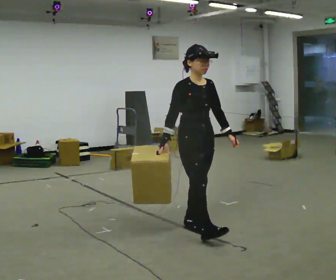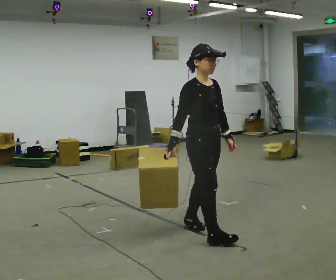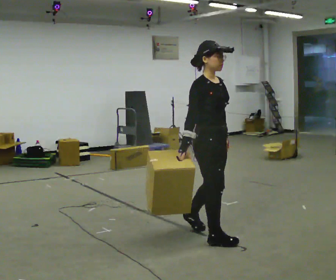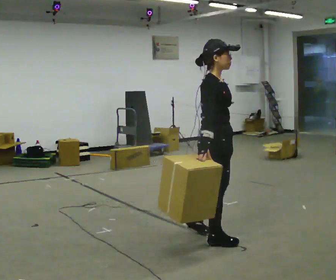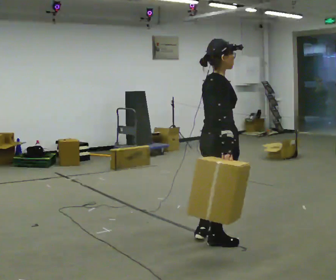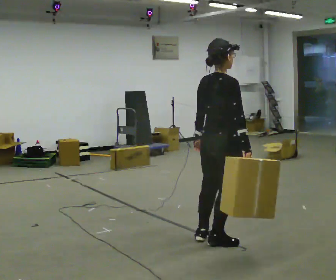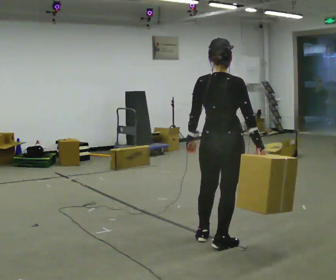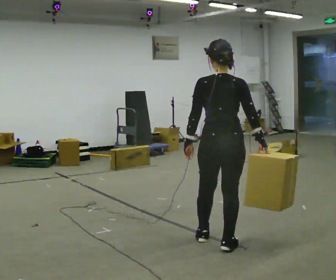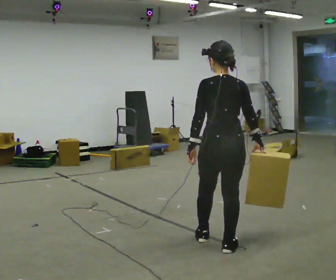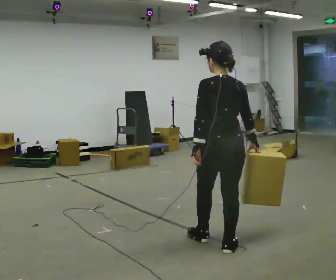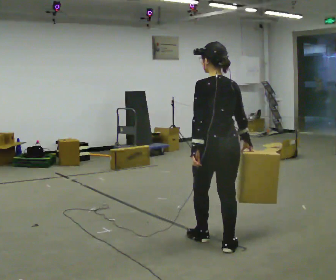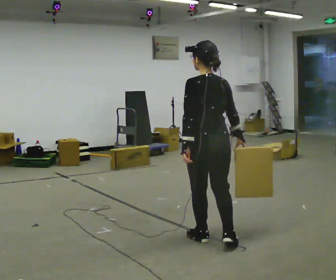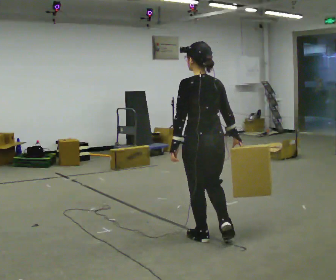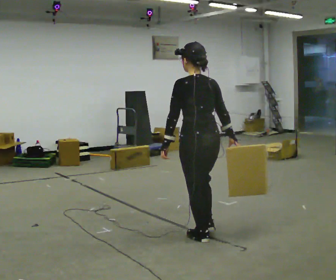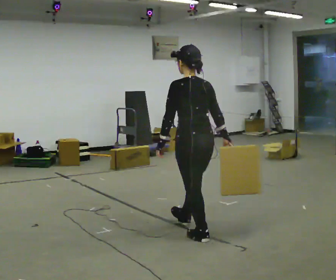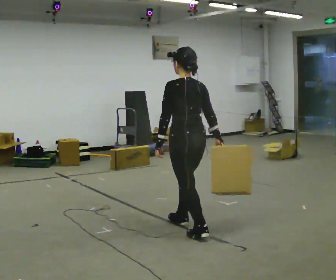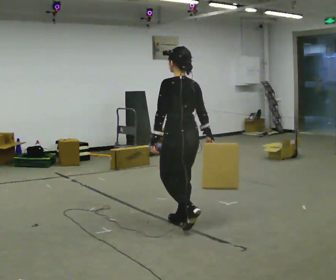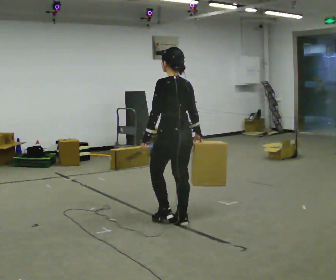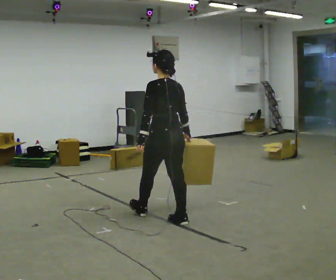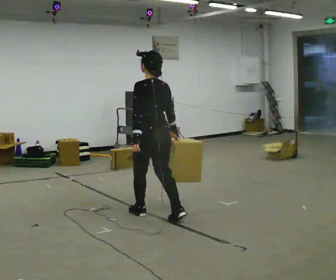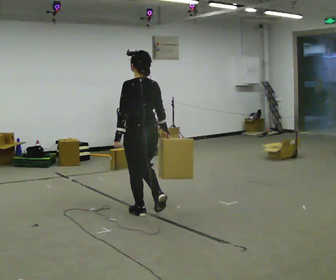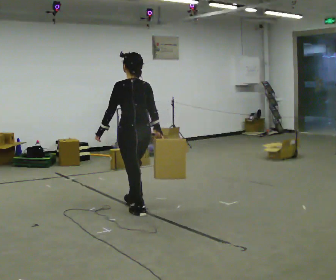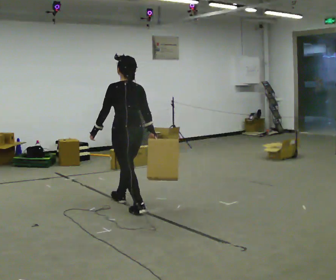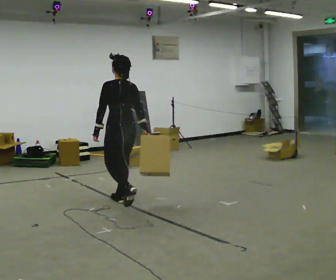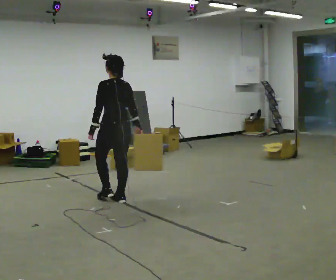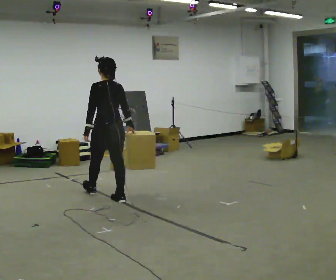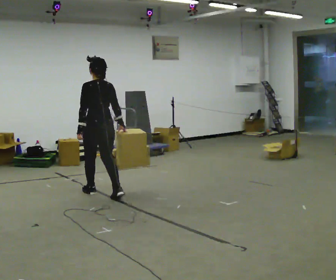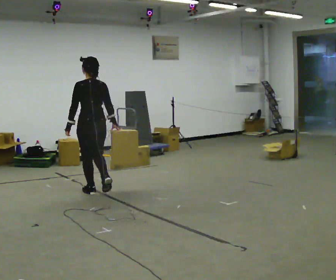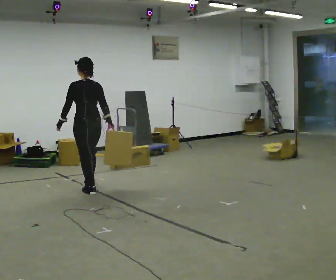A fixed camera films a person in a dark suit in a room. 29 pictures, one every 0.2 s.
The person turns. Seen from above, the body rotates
counterclockwise.
The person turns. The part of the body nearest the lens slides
to the right.
0.0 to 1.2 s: The person turns about 120 degrees to their left, counterclockwise seen from above, so the part of the body nearest the lens slides to the right. In the picture they go toward the camera and to the right, about 0.5 m in 2 steps.
1.2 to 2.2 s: The person turns about 45 degrees to their left, counterclockwise seen from above, so the part of the body nearest the lens slides to the right.
2.2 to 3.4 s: In the picture they go away from the camera and to the left, about 0.5 m in 1 step, which for them is forward.
3.4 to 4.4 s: In the picture they go to the left and away from the camera, about 0.5 m in 2 steps, which for them is forward.
4.4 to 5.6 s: In the picture they go to the left and away from the camera, about 1 m in 1 step, which for them is forward.
The film runs forward here.
